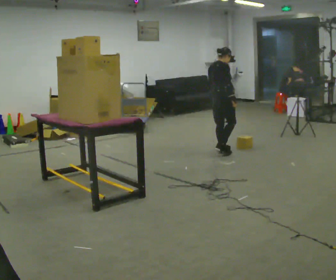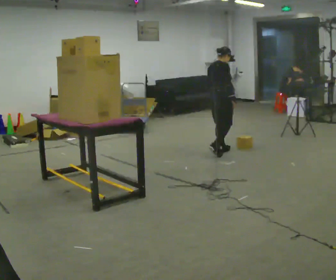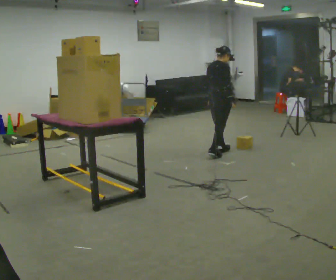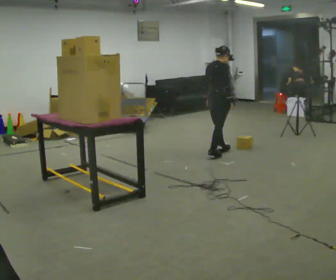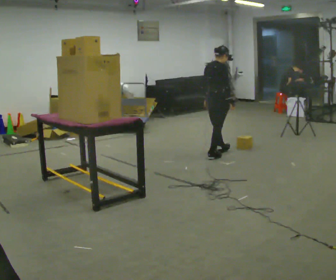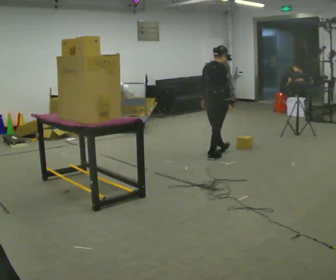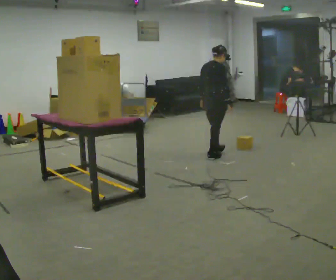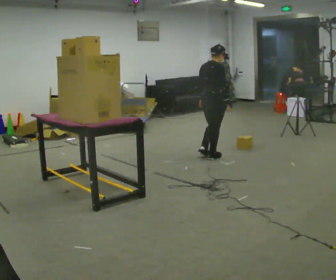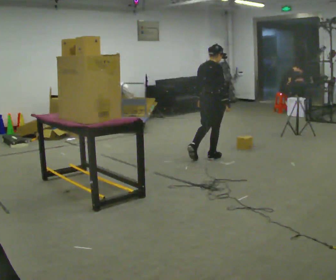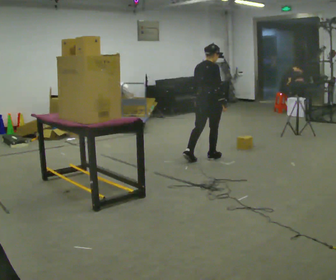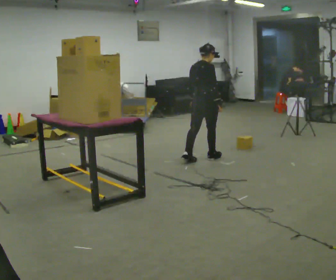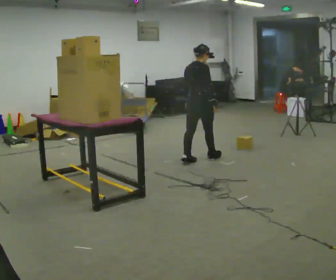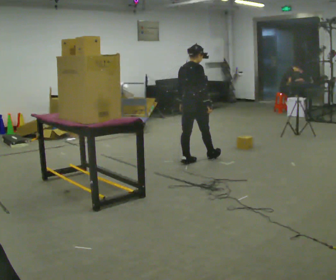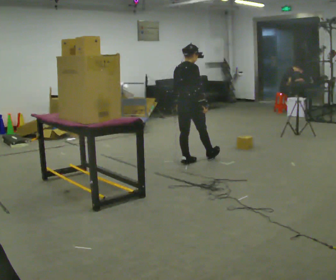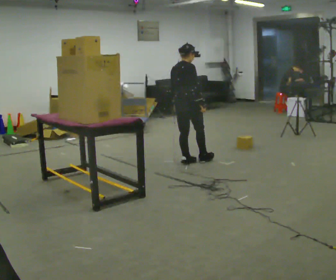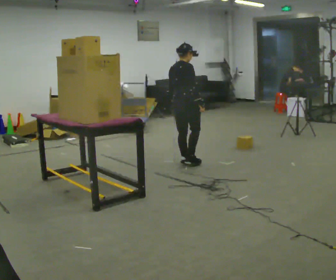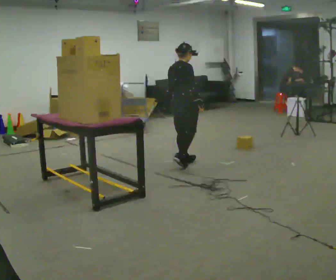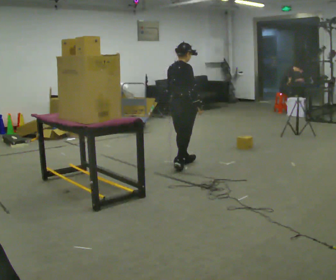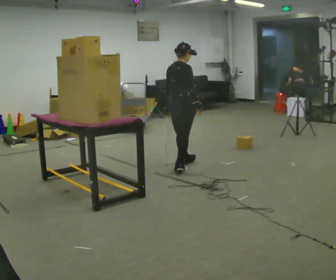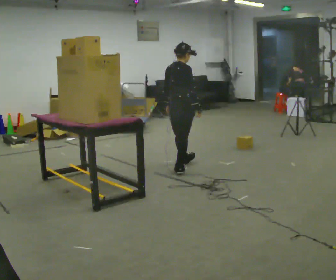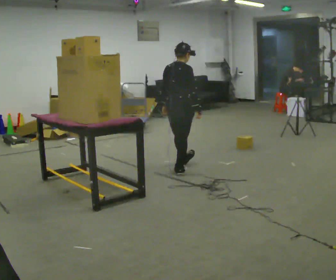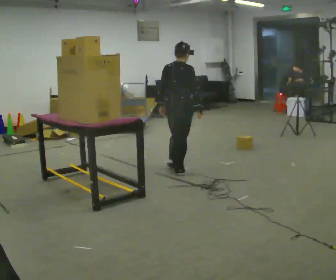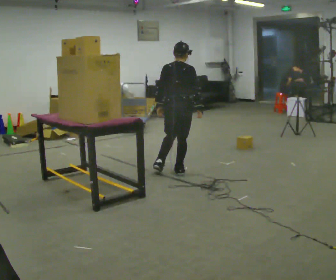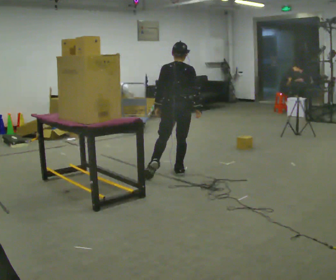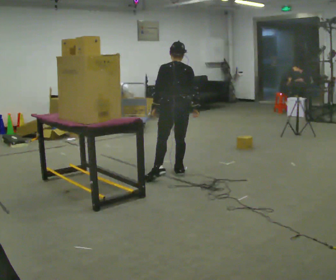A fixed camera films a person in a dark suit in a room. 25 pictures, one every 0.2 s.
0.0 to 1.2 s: In the picture they go toward the camera, about 0.25 m in 1 step, which for them is backward and to their right.
1.2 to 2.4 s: In the picture they go to the left and toward the camera, about 0.25 m, which for them is backward.
2.4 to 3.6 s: In the picture they go toward the camera, about 0.25 m in 1 step, which for them is backward.
3.6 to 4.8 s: The part of the body nearest the lens slides to the right as the person turns to their left by about 60 degrees. In the picture they go toward the camera, about 0.25 m in 1 step, which for them is backward and to their right.
The film runs backward here.
